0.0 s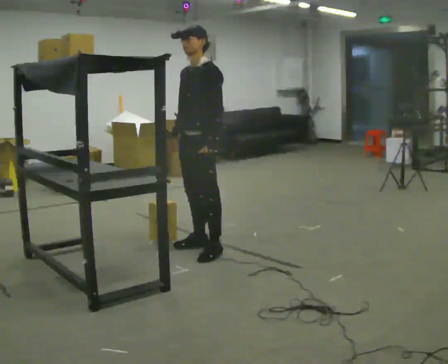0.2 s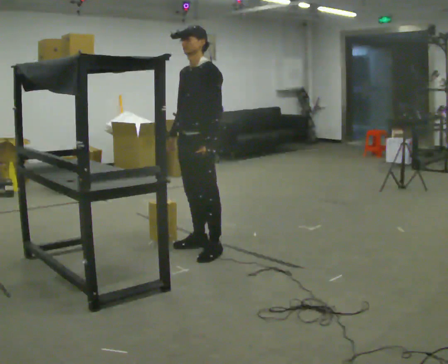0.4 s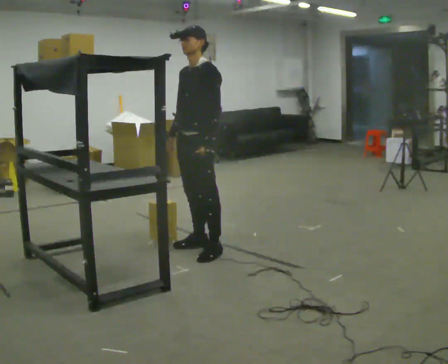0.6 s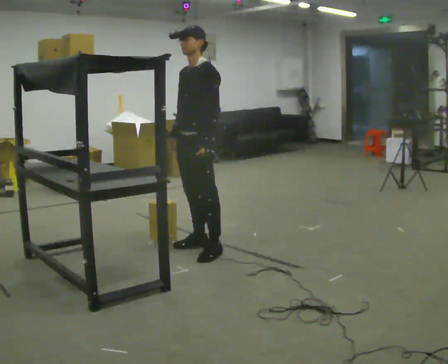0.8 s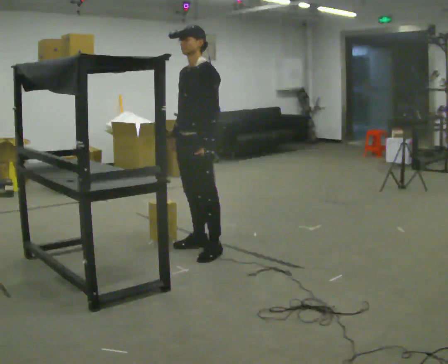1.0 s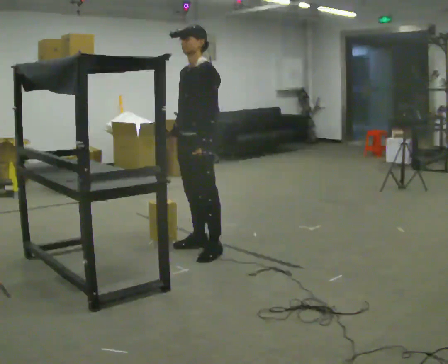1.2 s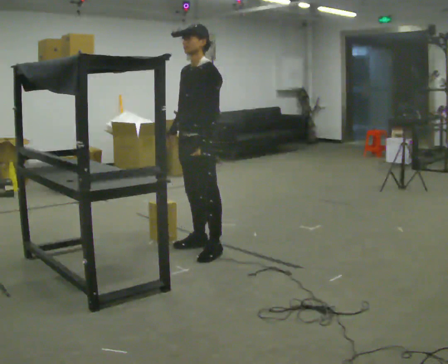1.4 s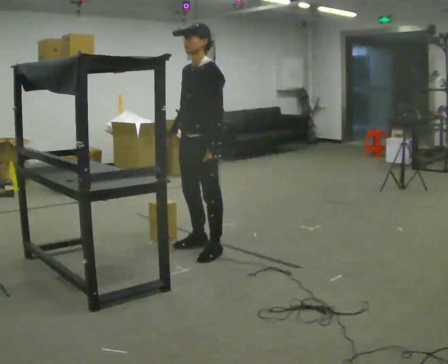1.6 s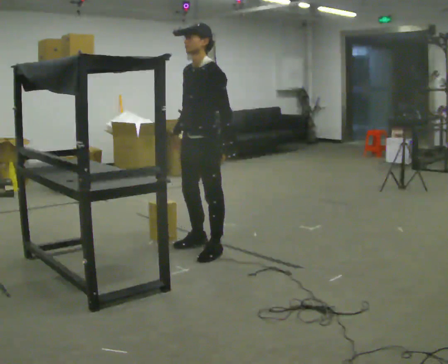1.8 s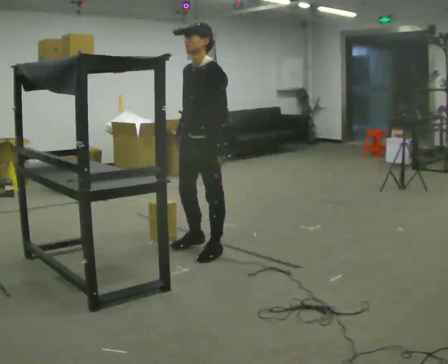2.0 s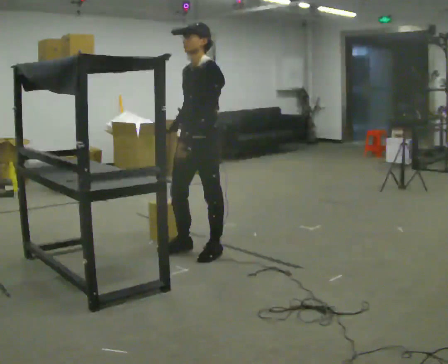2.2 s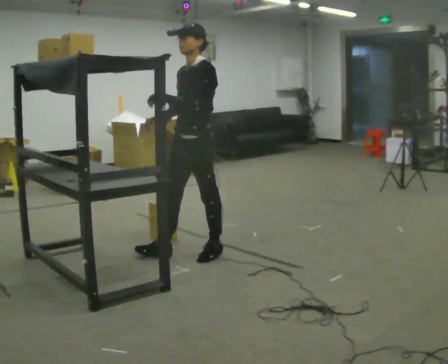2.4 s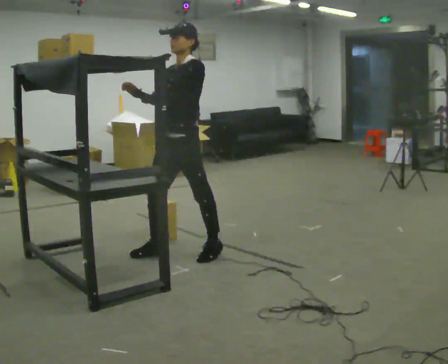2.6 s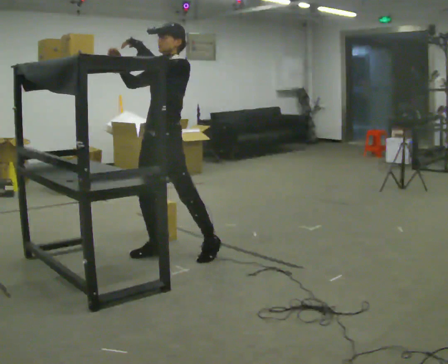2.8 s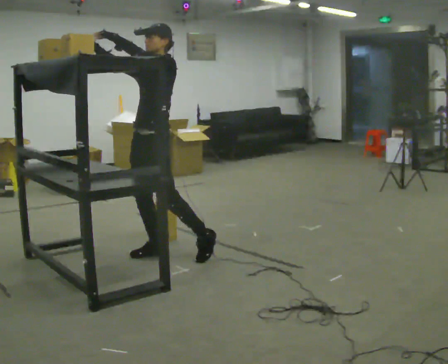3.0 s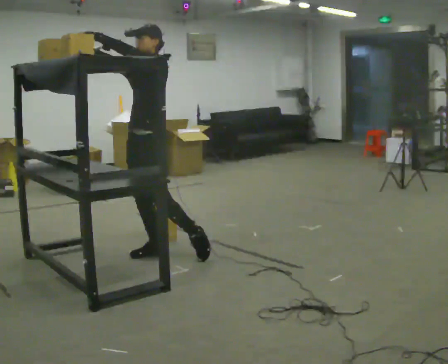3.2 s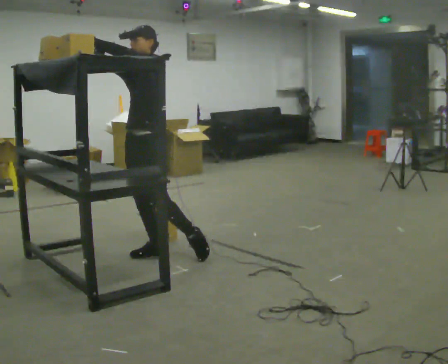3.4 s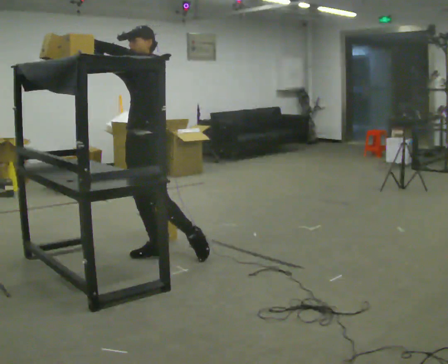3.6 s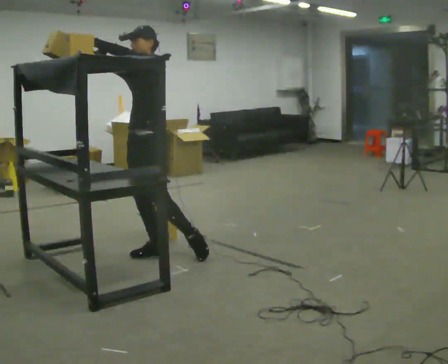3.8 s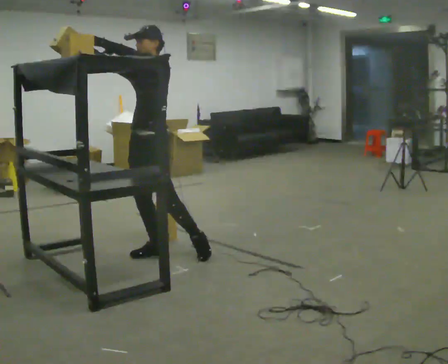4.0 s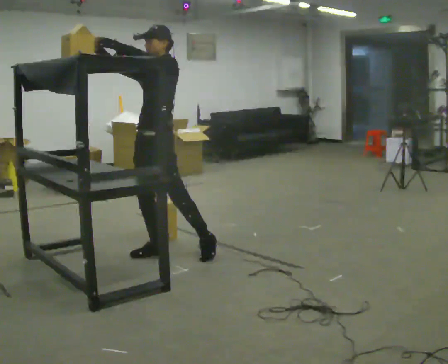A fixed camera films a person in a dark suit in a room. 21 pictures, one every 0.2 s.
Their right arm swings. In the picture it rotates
clockwise.
Their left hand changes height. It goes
upward.
0.0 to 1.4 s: The person moves a little, or ends about where they began.
1.4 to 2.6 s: In the picture they go to the left, about 0.25 m in 1 step, which for them is forward. In the picture their left hand goes upward.
2.6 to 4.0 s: The person moves a little, or ends about where they began.
The film runs backward here.
